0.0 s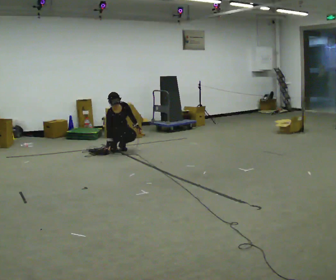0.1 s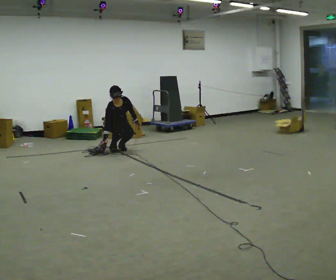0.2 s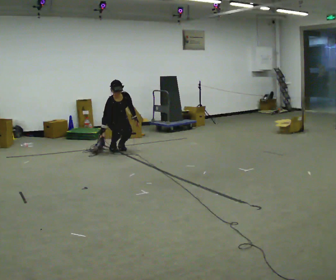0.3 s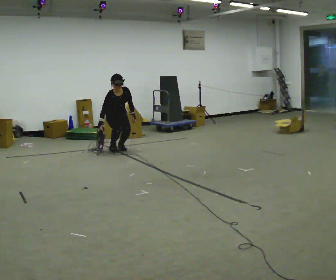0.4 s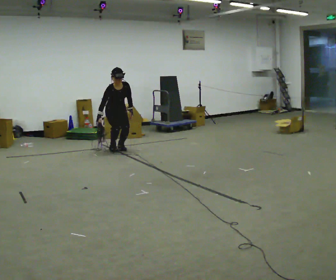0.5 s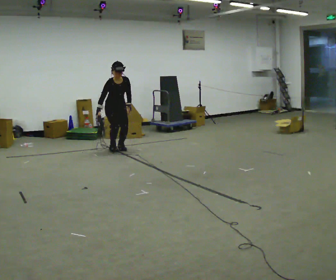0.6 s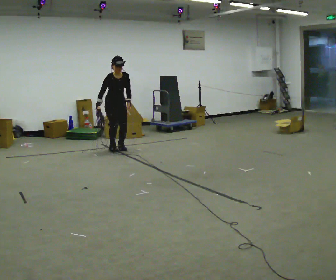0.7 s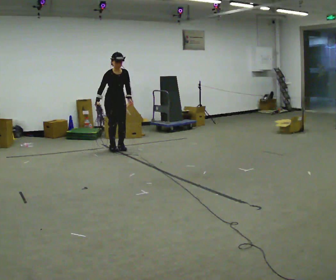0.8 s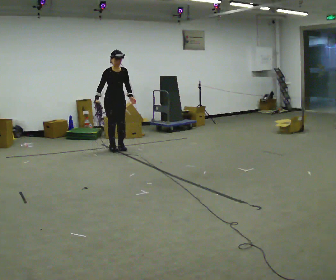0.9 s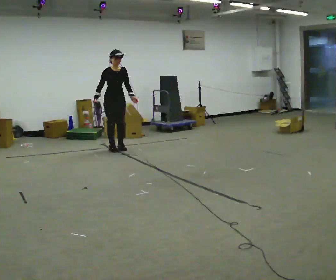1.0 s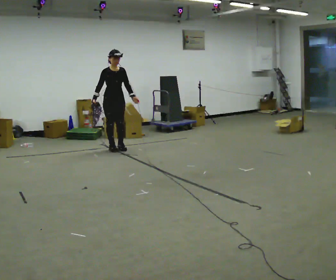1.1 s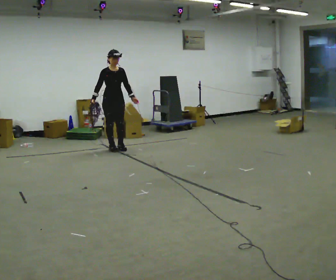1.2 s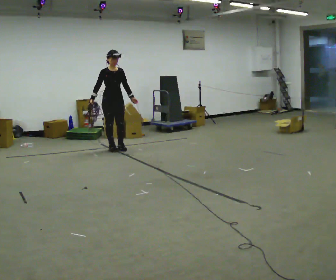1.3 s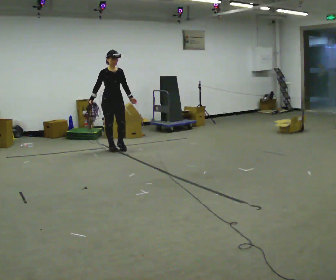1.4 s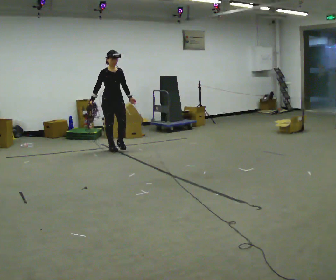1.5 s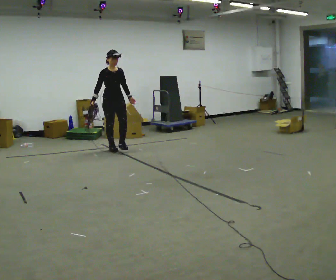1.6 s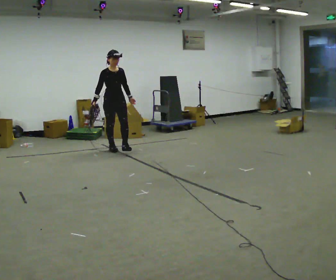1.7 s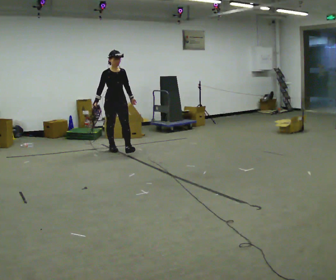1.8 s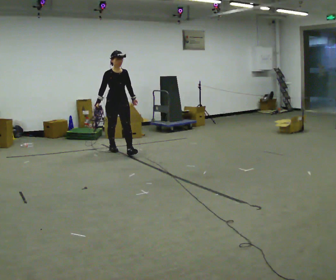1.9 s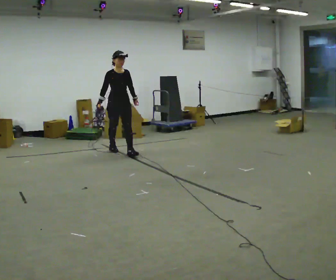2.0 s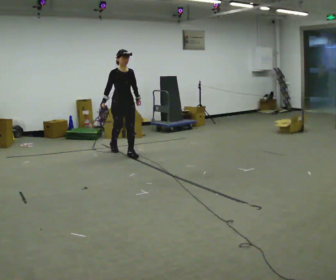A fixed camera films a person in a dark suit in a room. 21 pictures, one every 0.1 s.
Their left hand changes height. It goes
upward.
The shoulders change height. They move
upward.
0.0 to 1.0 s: The upper body goes upward. The upper body tips away from the camera, its near side rolling upward, as they lean back or straighten. In the picture their left hand goes upward.
1.0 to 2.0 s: In the picture they go toward the camera and to the right, about 0.25 m in 1 step, which for them is forward.
The film runs forward here.
